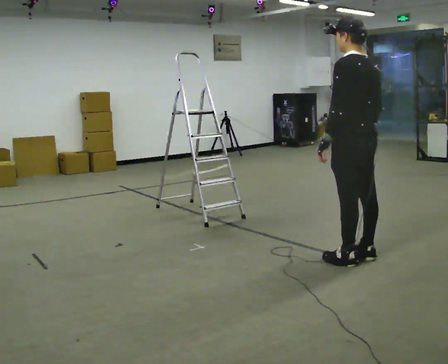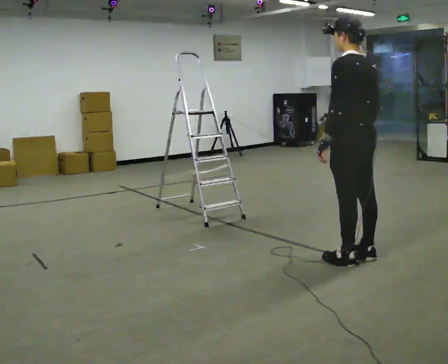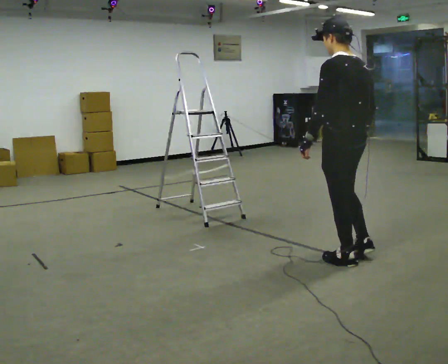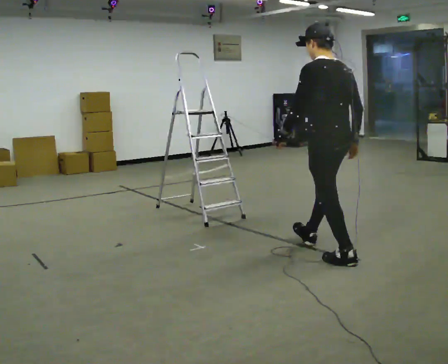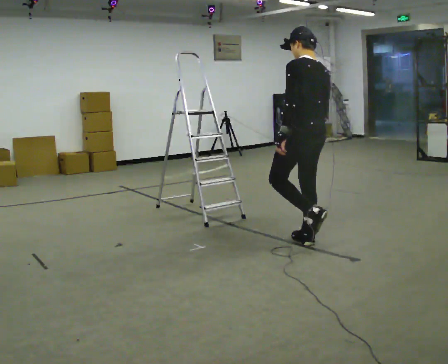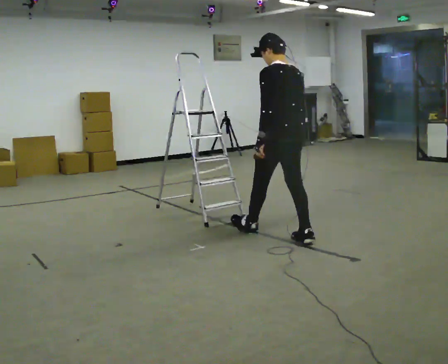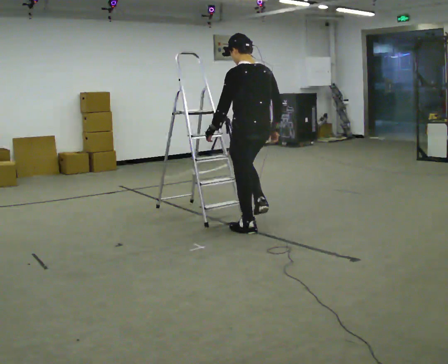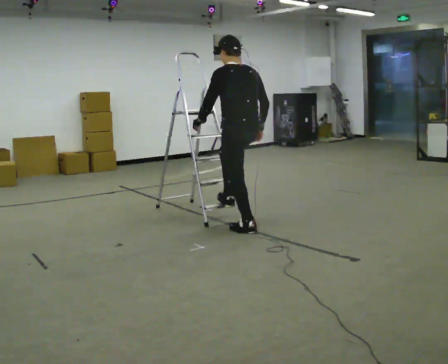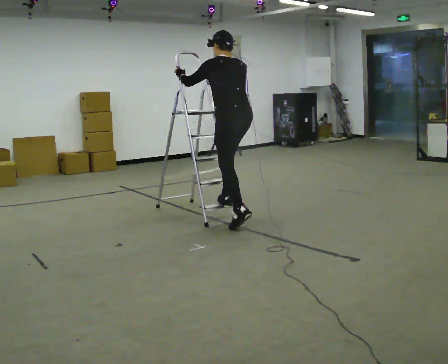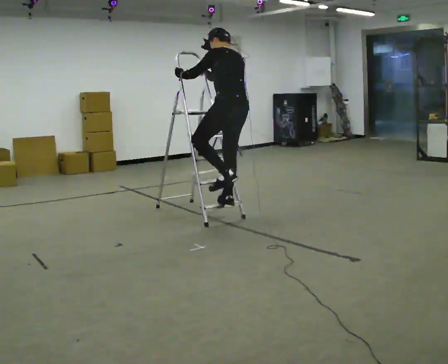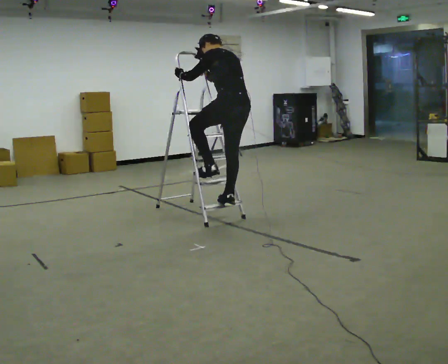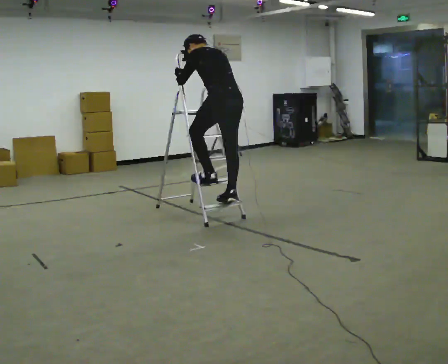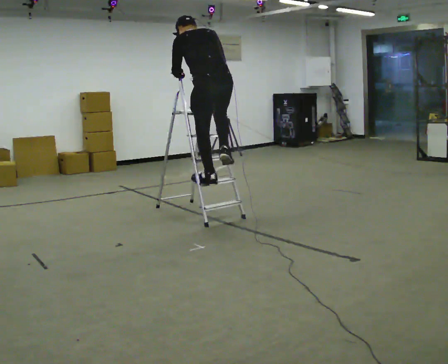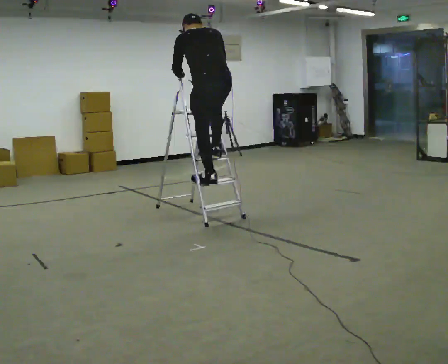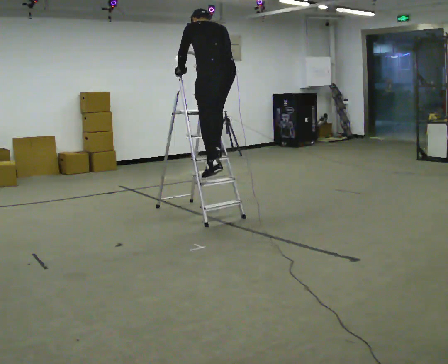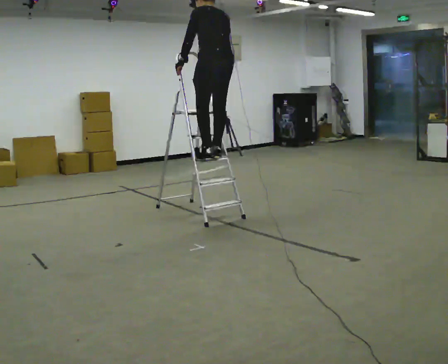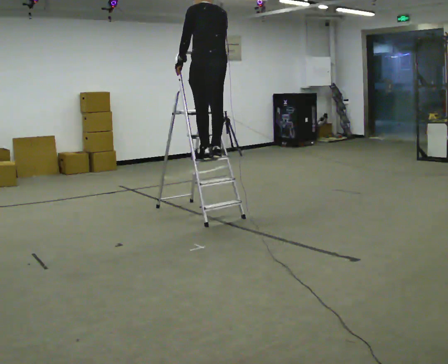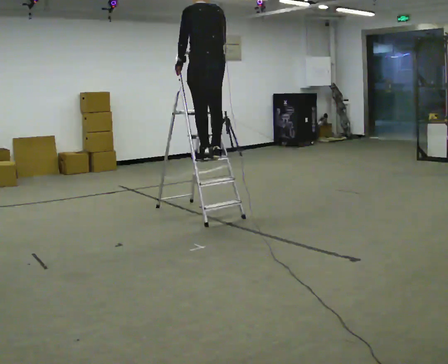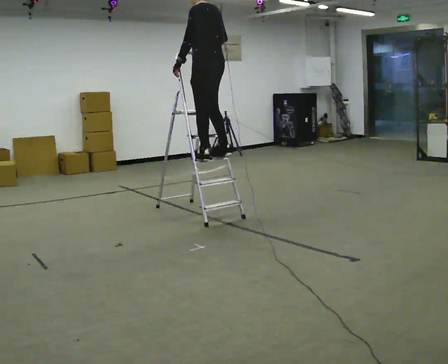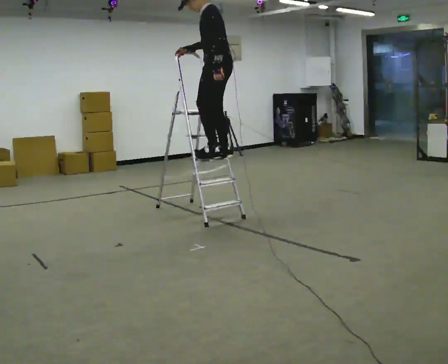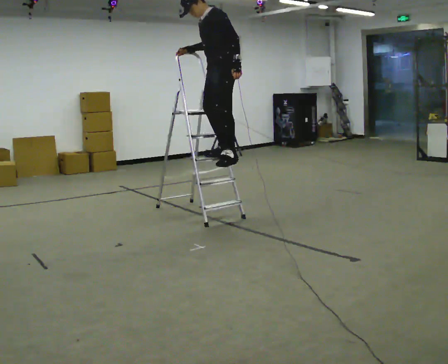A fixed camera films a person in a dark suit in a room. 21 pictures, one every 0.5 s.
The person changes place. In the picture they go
away from the camera.
0.0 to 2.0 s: In the picture they go away from the camera and to the left, about 0.5 m in 1 step, which for them is forward.
2.0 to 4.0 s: In the picture they go away from the camera and to the left, about 1 m in 2 steps, which for them is forward. In the picture their left hand goes upward, the arm swinging clockwise.
4.0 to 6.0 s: In the picture they go to the left, about 0.25 m in 1 step, which for them is forward. The shoulders move upward.
6.0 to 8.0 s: In the picture they go away from the camera, about 0.25 m in 2 steps, which for them is forward. The upper body goes upward. In the picture the upper body tilts clockwise, shoulders to the right.
8.0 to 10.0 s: The part of the body nearest the lens slides to the right as the person turns to their left by about 75 degrees. In the picture the upper body tilts counterclockwise, shoulders to the left. In the picture their left hand goes to the right, the arm swinging counterclockwise.
The film runs forward here.
